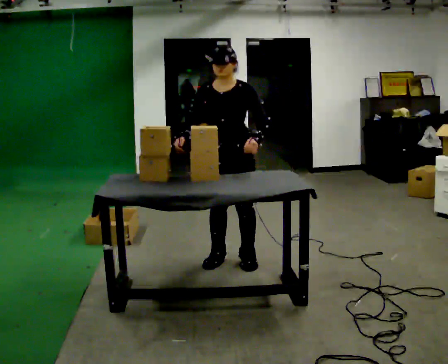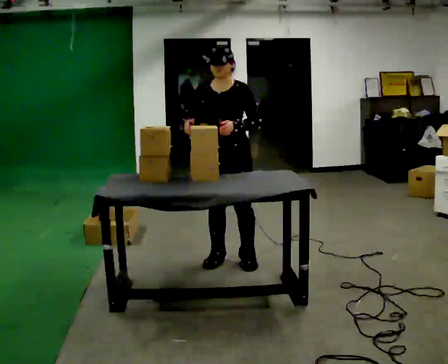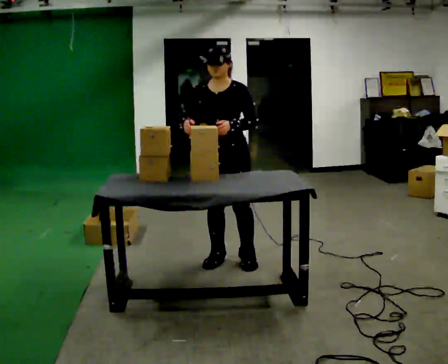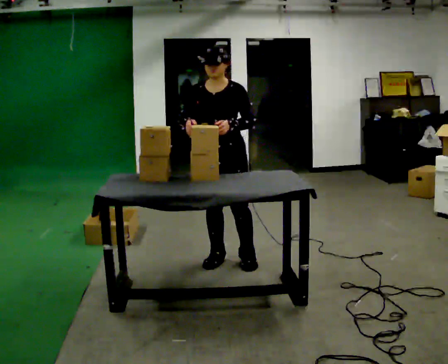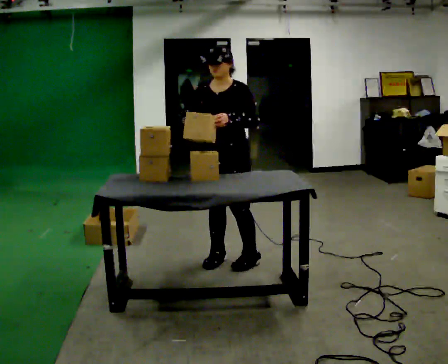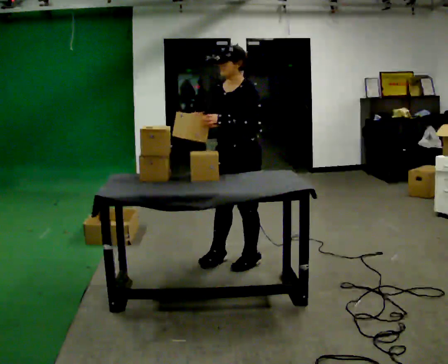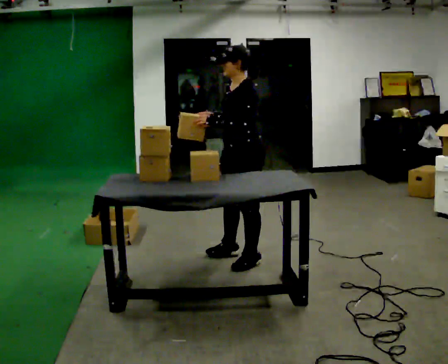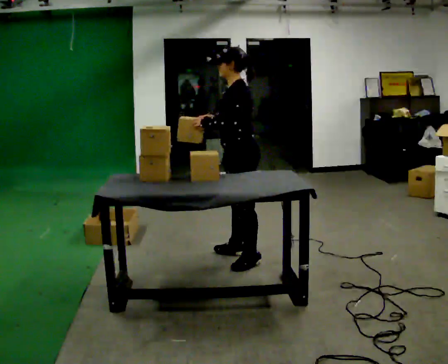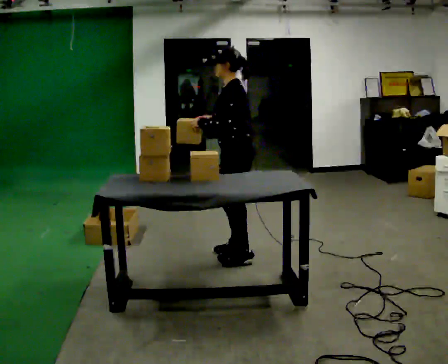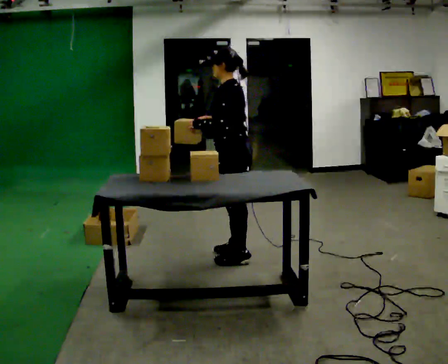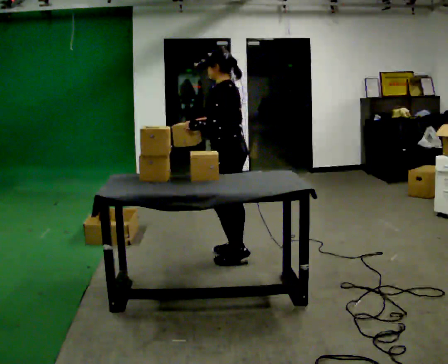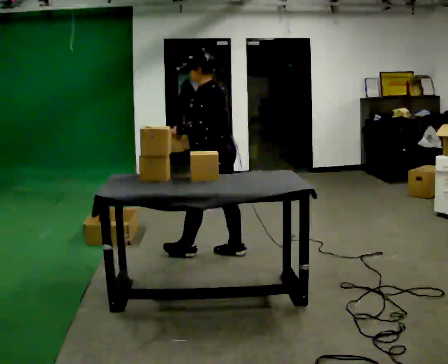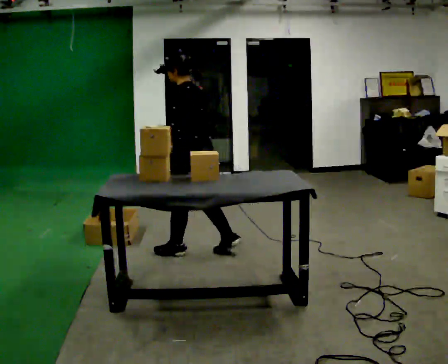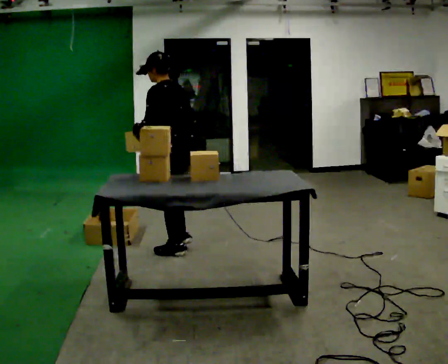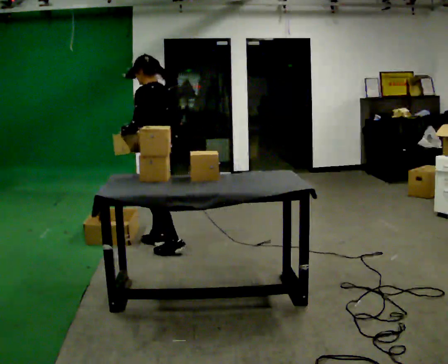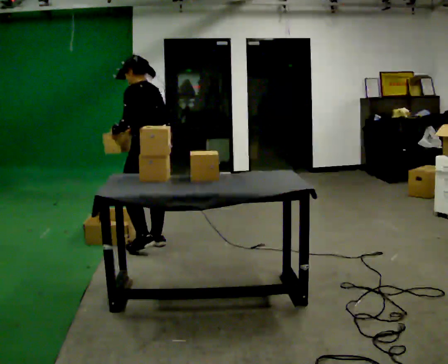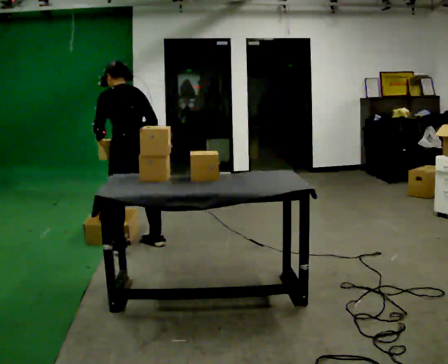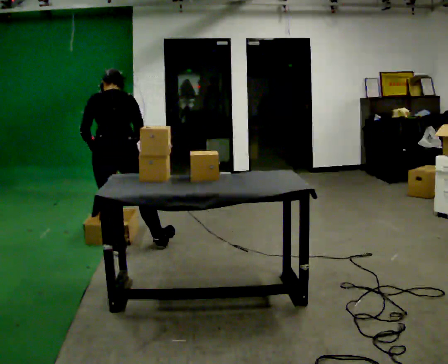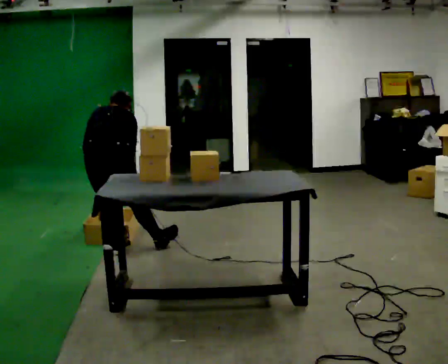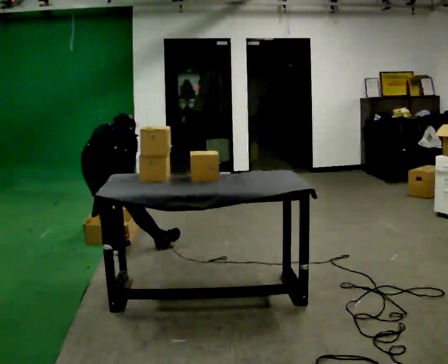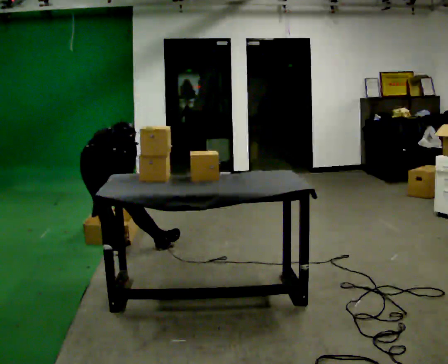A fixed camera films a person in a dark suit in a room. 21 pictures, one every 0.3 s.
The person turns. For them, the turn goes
to their right.
The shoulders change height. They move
downward.
0.0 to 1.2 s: The person moves a little, or ends about where they began.
1.2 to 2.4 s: The person turns about 75 degrees to their right, clockwise seen from above, so the part of the body nearest the lens slides to the left.
2.4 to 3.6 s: In the picture they go to the left, about 0.25 m in 1 step, which for them is forward.
3.6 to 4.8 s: Seen from above the body turns clockwise, about 30 degrees: to their right, with its near side sliding to the left. In the picture they go to the left, about 0.5 m in 2 steps, which for them is forward.
4.8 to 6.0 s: Seen from above the body turns clockwise, about 45 degrees: to their right, with its near side sliding to the left. In the picture they go toward the camera and to the left, about 0.25 m, which for them is backward and to their left. The upper body goes downward. The upper body tips away from the camera, its near side rolling upward, as they bend forward. In the picture their right hand goes downward.
The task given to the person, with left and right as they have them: Carry each object across the room and drop it into the container on the floor, then walk back for the next one. Keep going until the operator says stop; one object at a time, and do not rush between trips.
The film runs forward here.
